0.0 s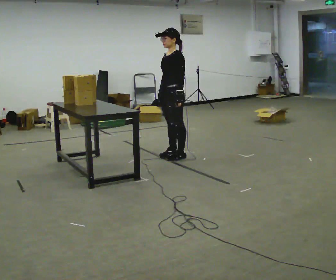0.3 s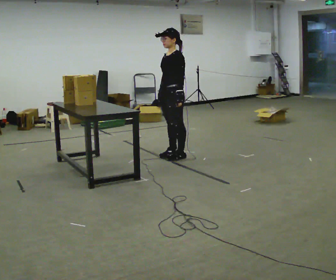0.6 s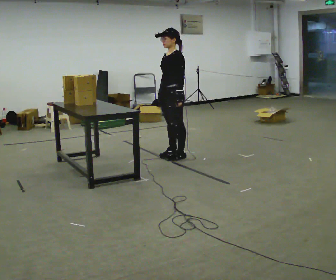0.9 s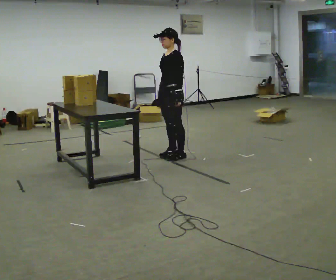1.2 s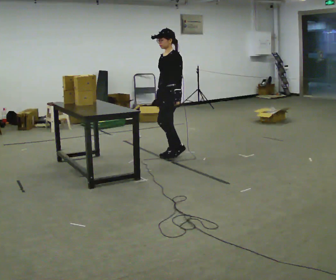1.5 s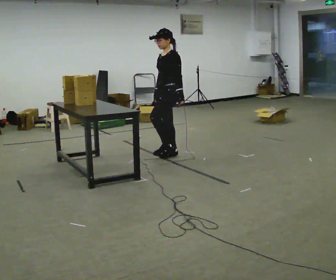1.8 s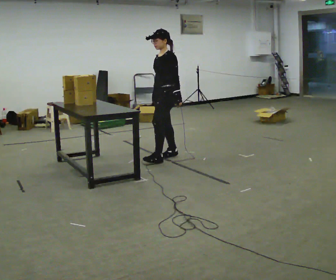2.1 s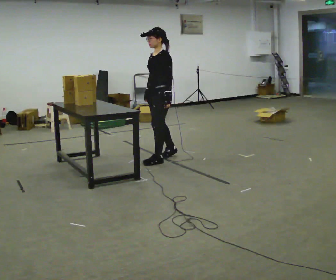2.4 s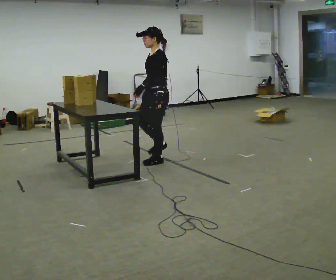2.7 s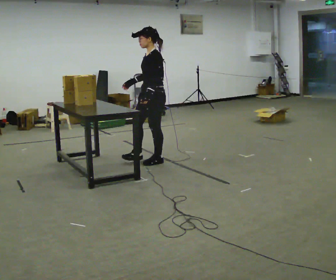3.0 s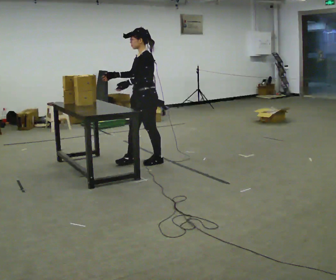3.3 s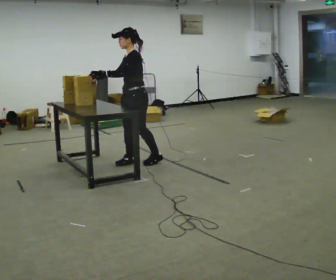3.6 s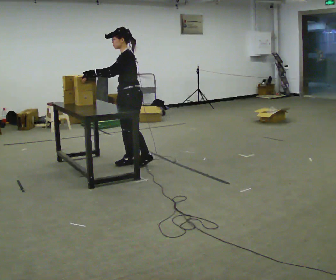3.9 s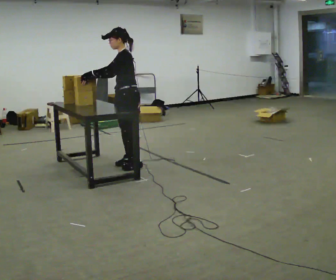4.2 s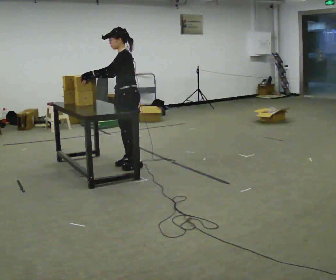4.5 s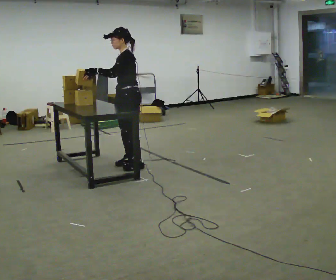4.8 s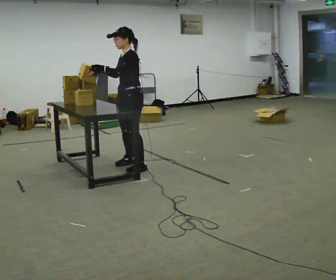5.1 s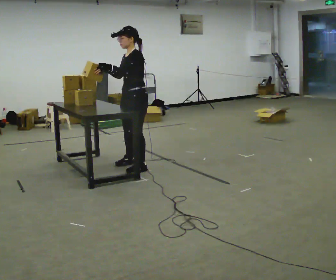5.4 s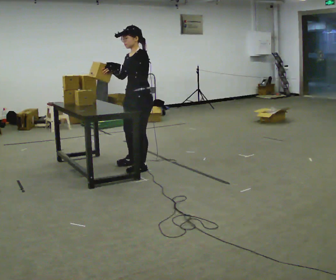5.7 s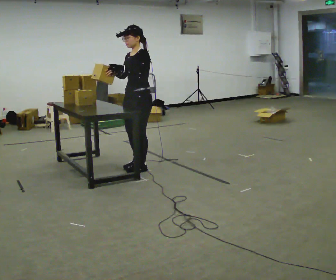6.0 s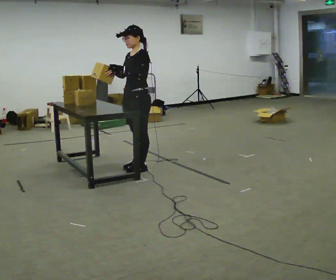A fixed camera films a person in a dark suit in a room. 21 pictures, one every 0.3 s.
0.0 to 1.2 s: The person moves a little, or ends about where they began.
1.2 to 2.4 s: In the picture they go toward the camera and to the left, about 0.25 m in 1 step, which for them is forward and to their left.
2.4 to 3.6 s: In the picture they go to the left, about 0.25 m in 1 step, which for them is forward.
3.6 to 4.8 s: The person moves a little, or ends about where they began.
4.8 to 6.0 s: In the picture they go toward the camera, about 0.25 m in 1 step, which for them is to their left.
The film runs forward here.
